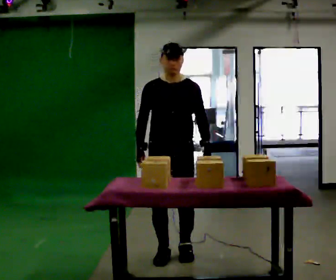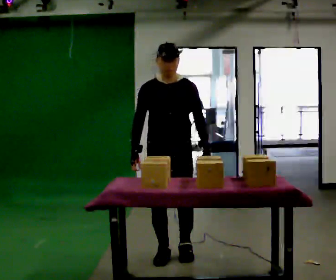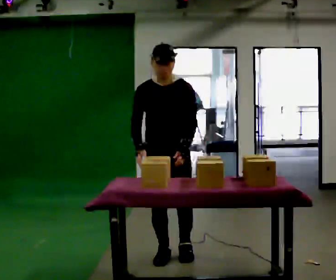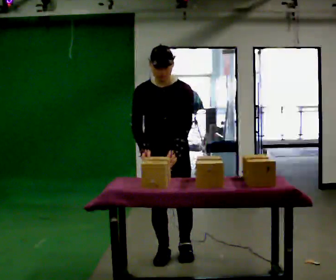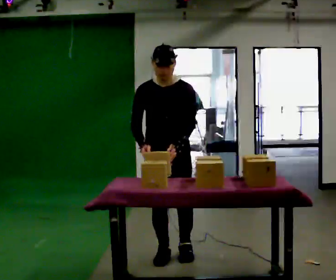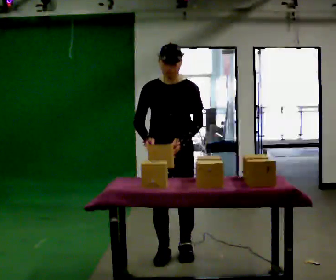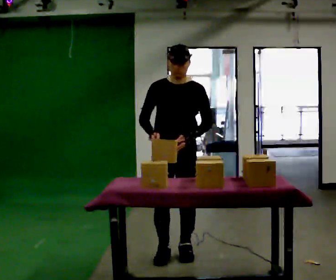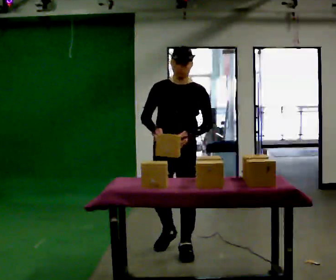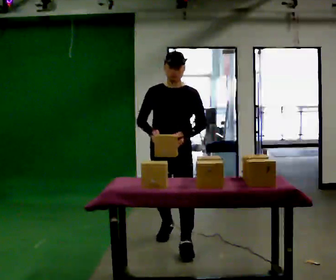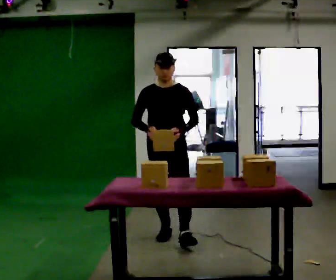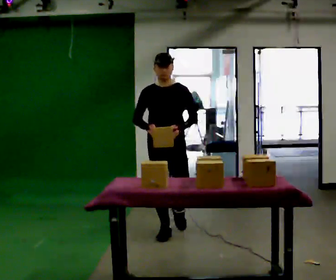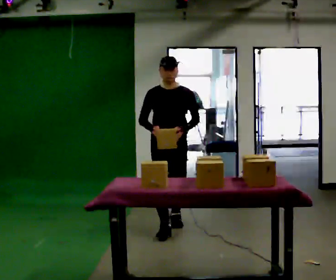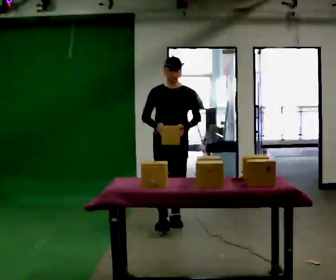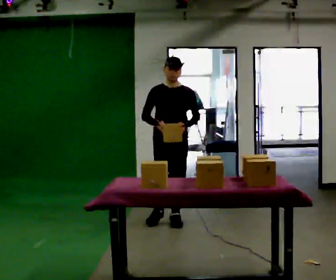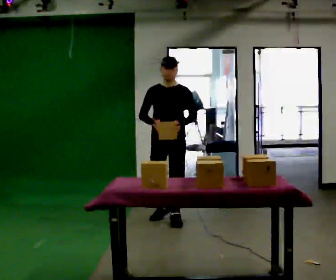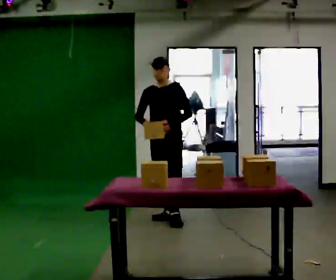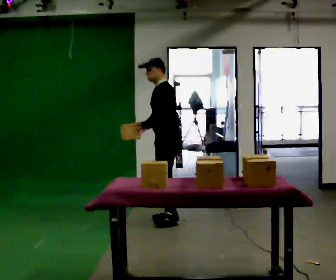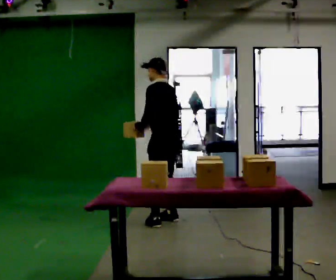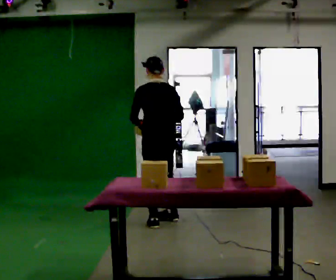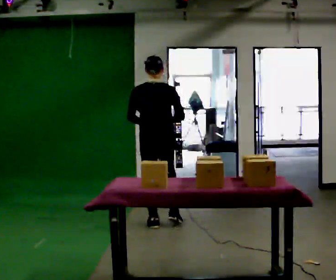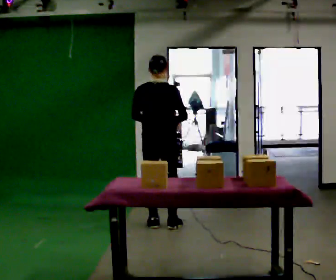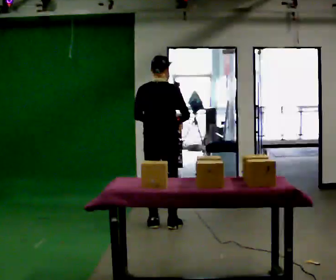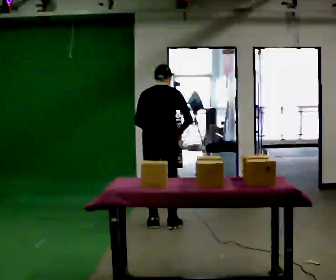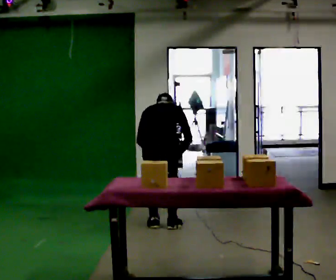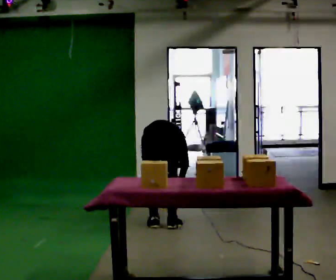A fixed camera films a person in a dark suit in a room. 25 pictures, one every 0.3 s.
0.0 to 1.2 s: The person moves a little, or ends about where they began.
1.2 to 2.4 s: In the picture they go away from the camera, about 0.25 m in 1 step, which for them is backward. The upper body tips away from the camera, its near side rolling upward, as they lean back or straighten.
2.4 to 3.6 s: In the picture they go away from the camera, about 1 m in 2 steps, which for them is backward.
3.6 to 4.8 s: Seen from above the body turns clockwise, about 75 degrees: to their right, with its near side sliding to the left. In the picture they go away from the camera, about 0.25 m in 1 step. In the picture their left hand goes to the left.
4.8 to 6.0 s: The person turns about 120 degrees to their right, clockwise seen from above, so the part of the body nearest the lens slides to the left. In the picture they go toward the camera, about 0.25 m in 1 step.
6.0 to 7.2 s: In the picture they go toward the camera, about 0.25 m, which for them is backward. The shoulders move downward. The upper body tips away from the camera, its near side rolling upward, as they bend forward. In the picture their left hand goes downward.
The film runs backward here.
